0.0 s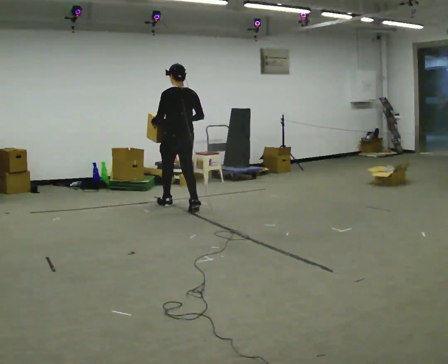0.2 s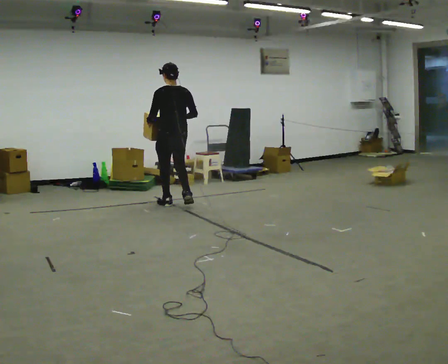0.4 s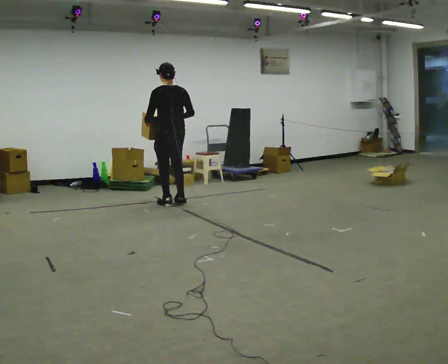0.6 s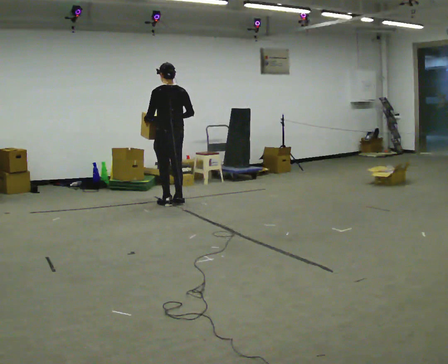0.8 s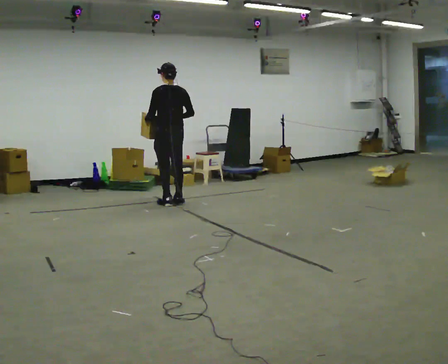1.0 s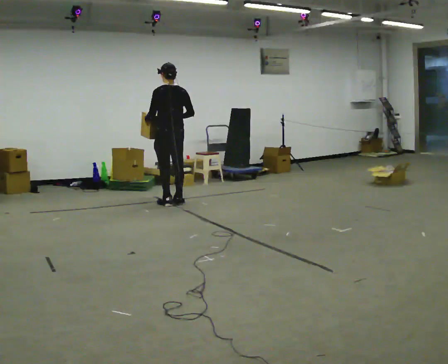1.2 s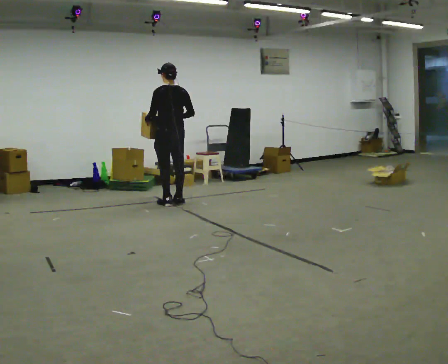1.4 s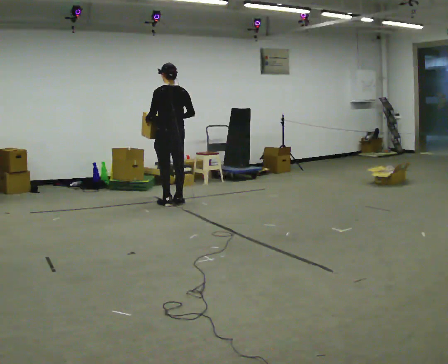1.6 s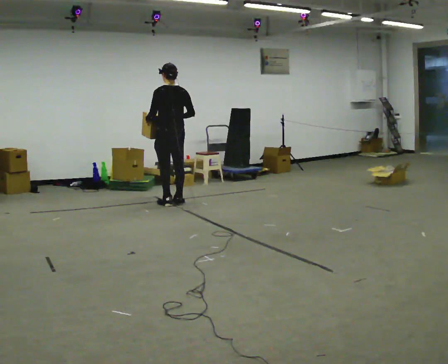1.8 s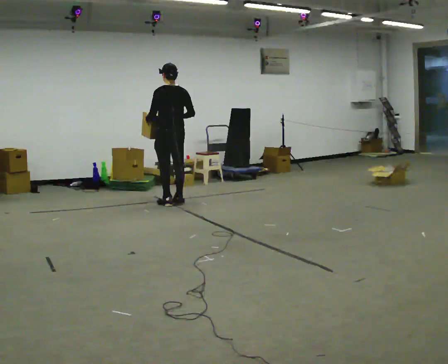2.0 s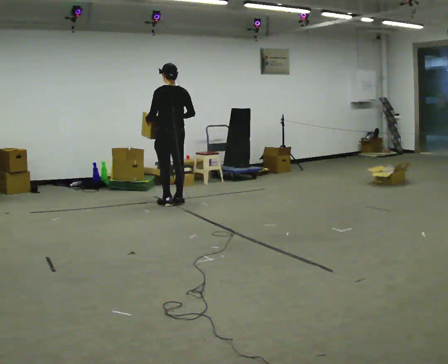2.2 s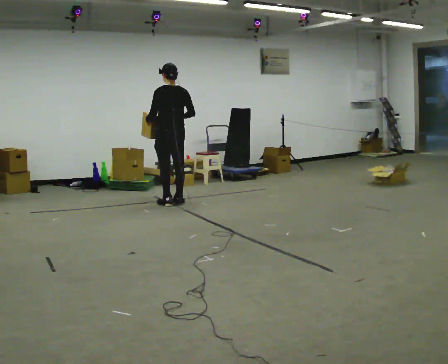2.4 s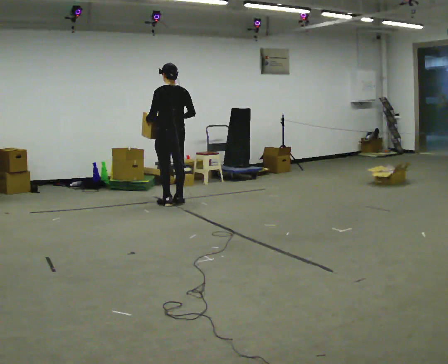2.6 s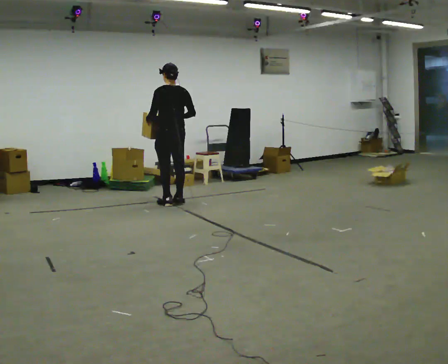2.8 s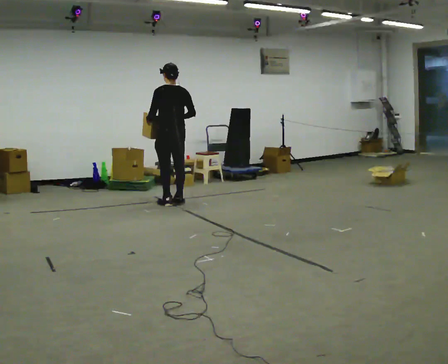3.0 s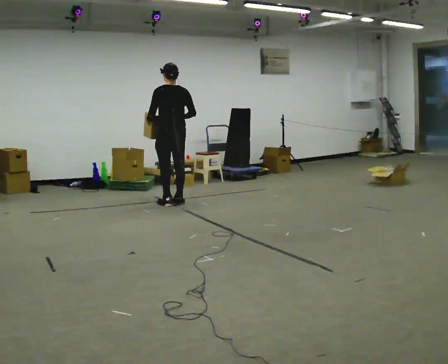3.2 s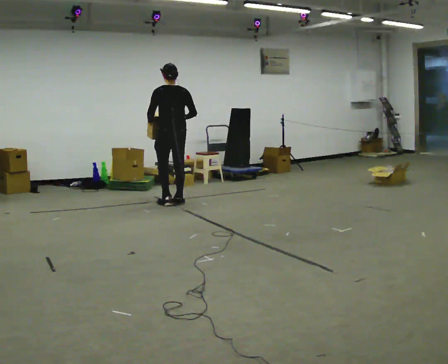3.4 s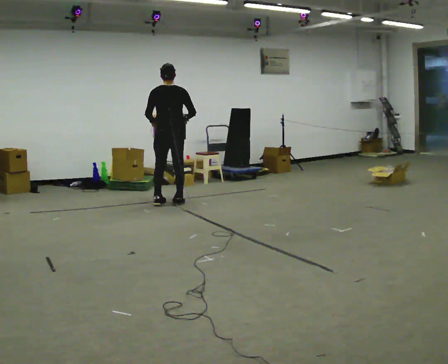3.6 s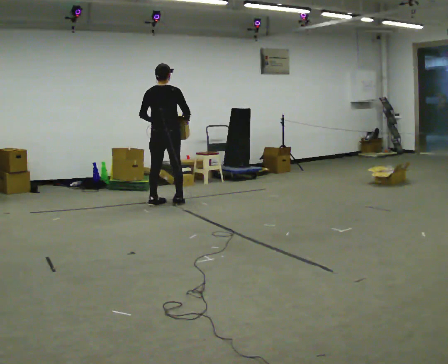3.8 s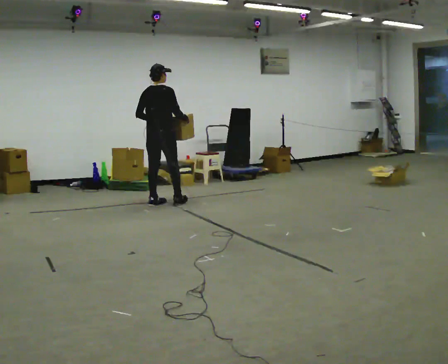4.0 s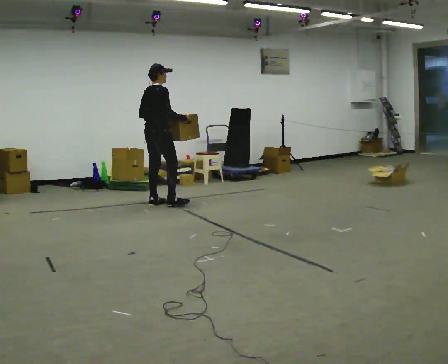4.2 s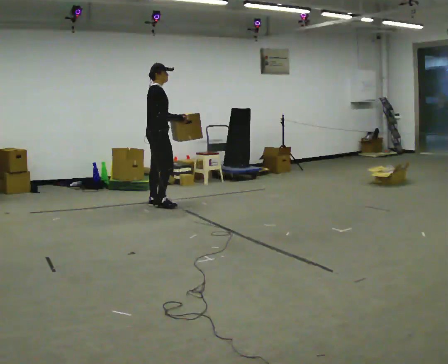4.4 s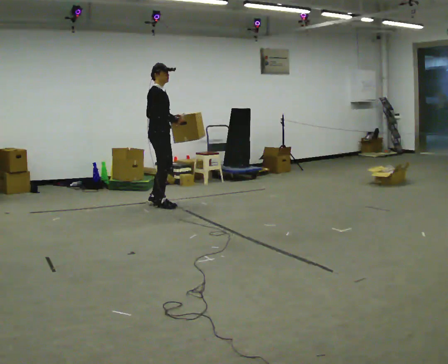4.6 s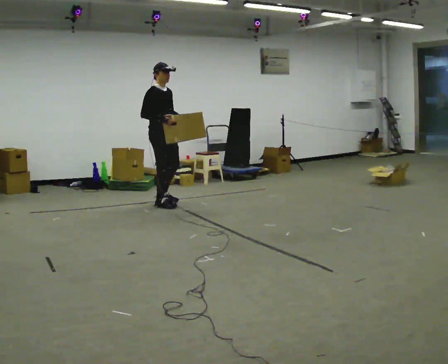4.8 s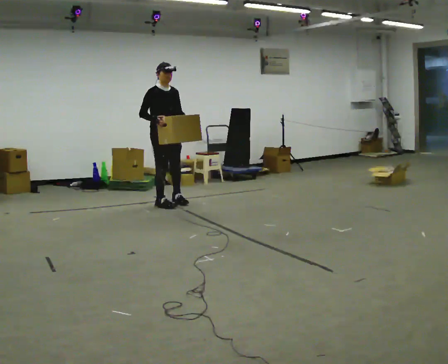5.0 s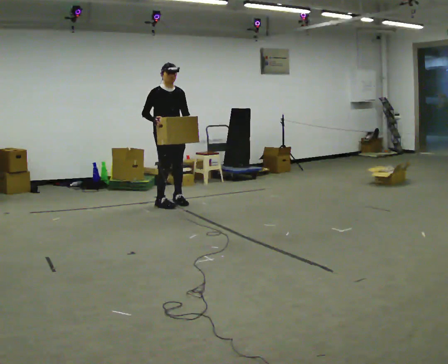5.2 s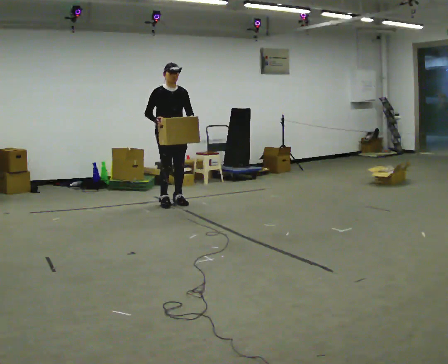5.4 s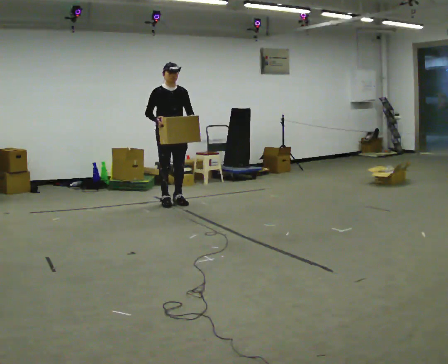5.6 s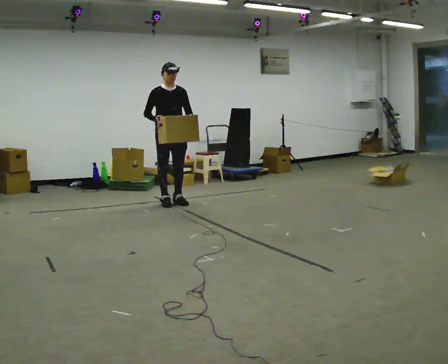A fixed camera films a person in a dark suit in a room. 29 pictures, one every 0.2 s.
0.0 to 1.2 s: In the picture they go away from the camera, about 0.25 m in 1 step, which for them is forward.
1.2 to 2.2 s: The person keeps their place and pose.
2.2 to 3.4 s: Seen from above the body turns clockwise, about 30 degrees: to their right, with its near side sliding to the left.
3.4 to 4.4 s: Seen from above the body turns clockwise, about 105 degrees: to their right, with its near side sliding to the left.
4.4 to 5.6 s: The part of the body nearest the lens slides to the left as the person turns to their right by about 60 degrees.
The film runs forward here.
